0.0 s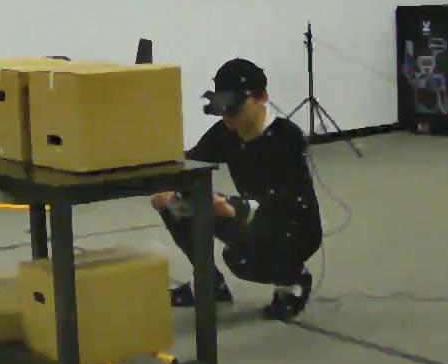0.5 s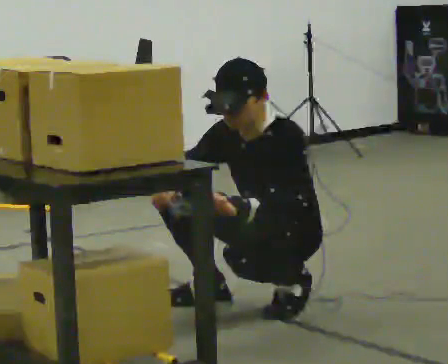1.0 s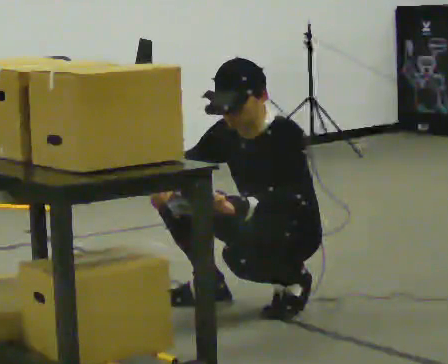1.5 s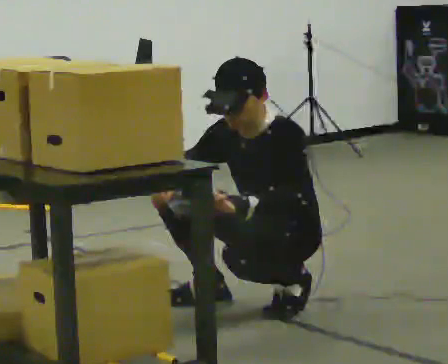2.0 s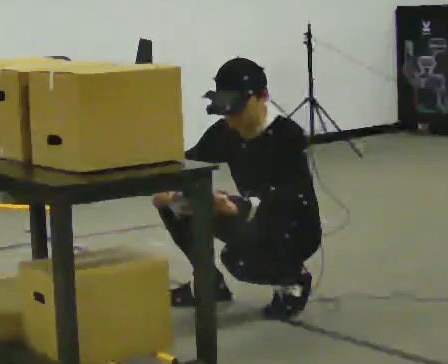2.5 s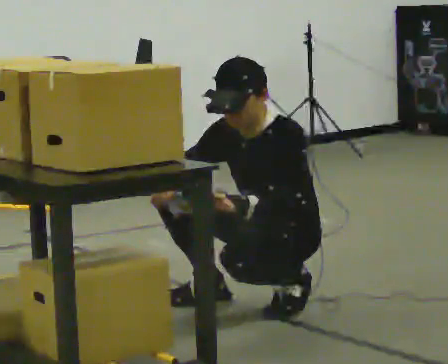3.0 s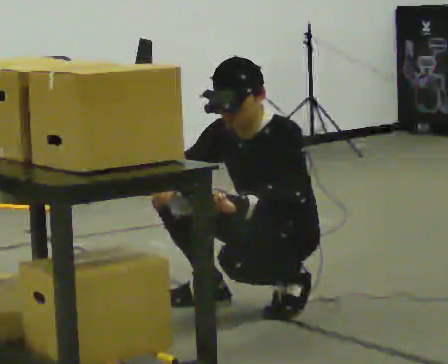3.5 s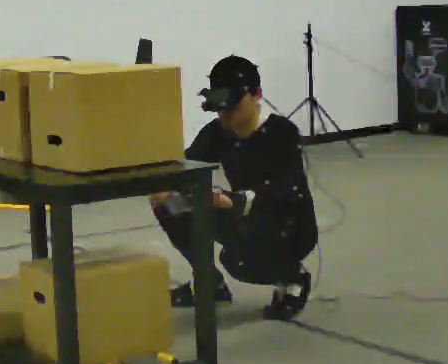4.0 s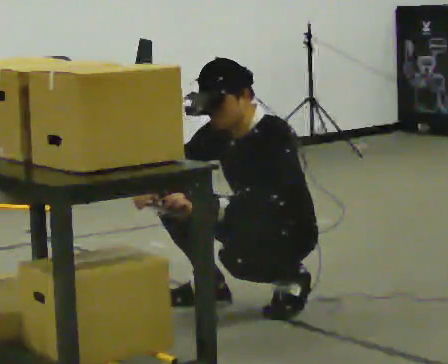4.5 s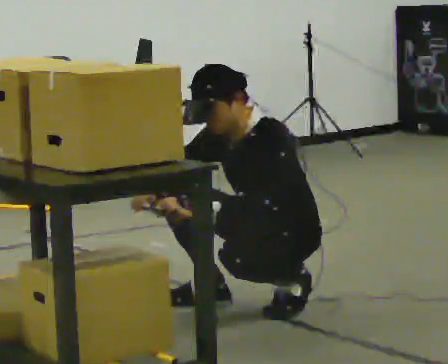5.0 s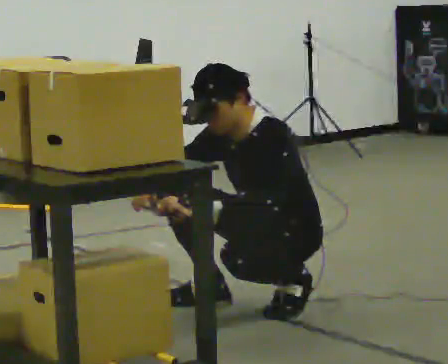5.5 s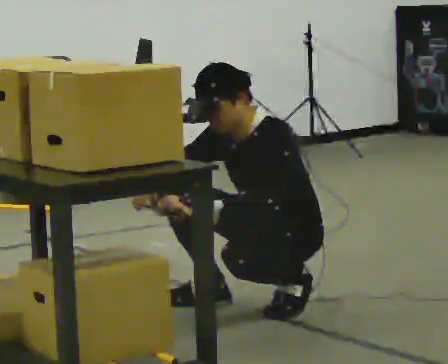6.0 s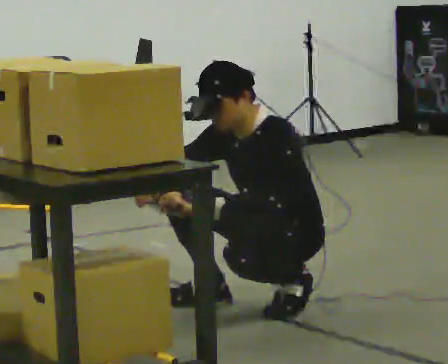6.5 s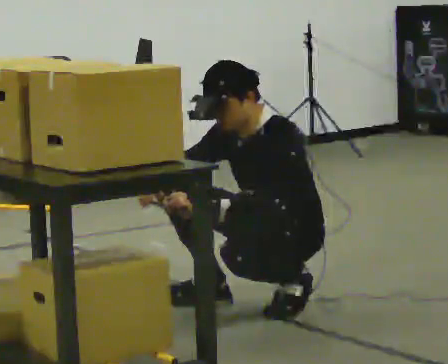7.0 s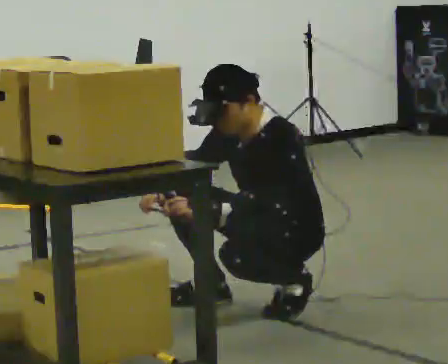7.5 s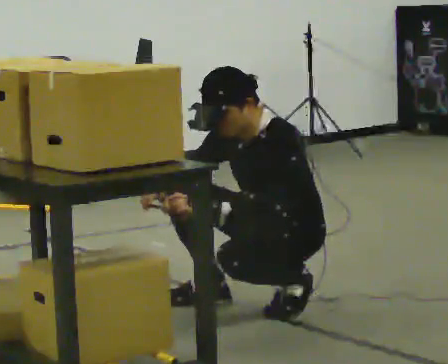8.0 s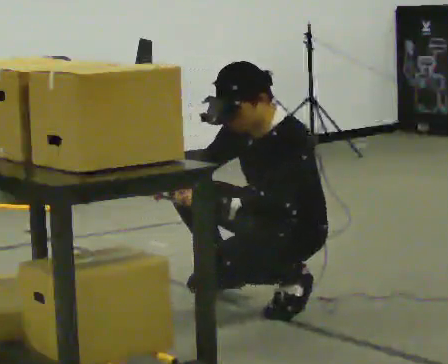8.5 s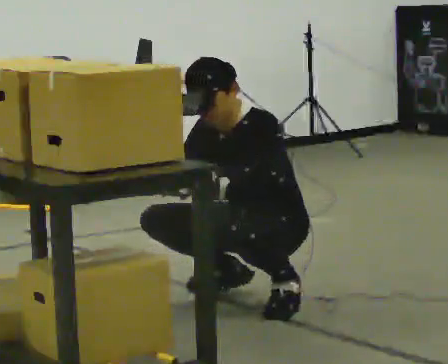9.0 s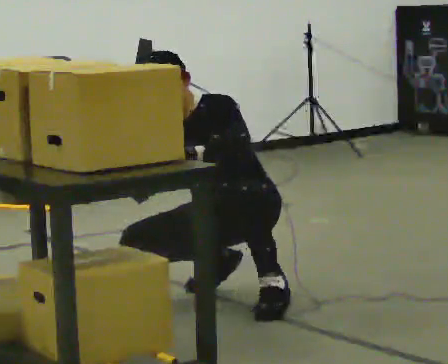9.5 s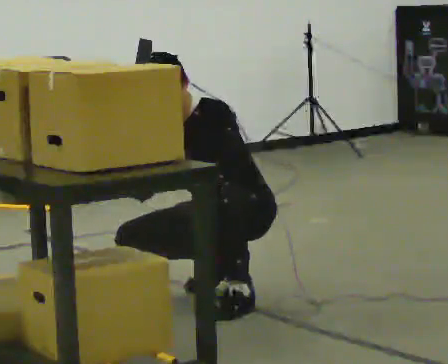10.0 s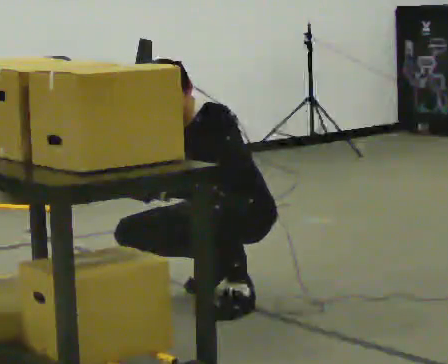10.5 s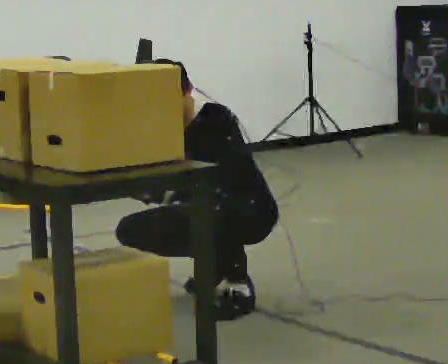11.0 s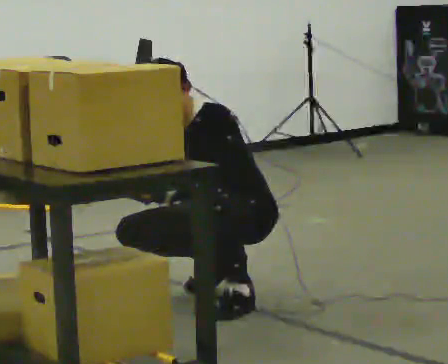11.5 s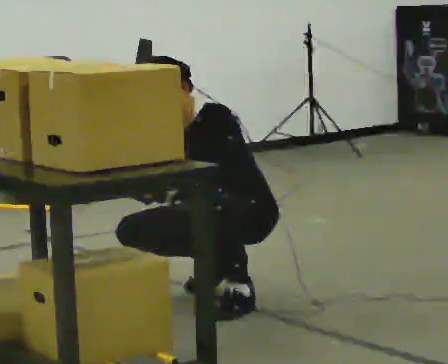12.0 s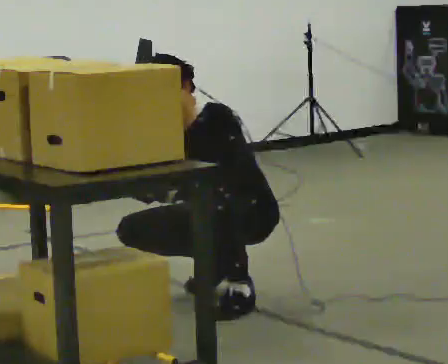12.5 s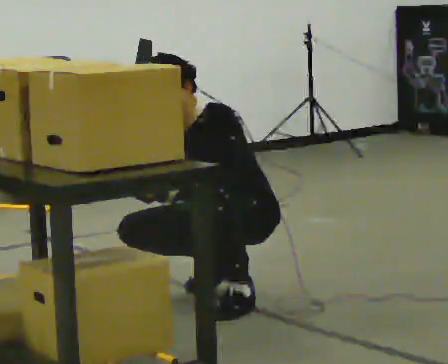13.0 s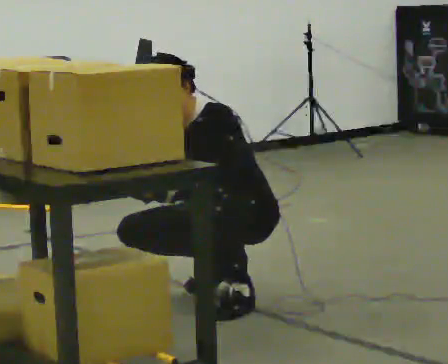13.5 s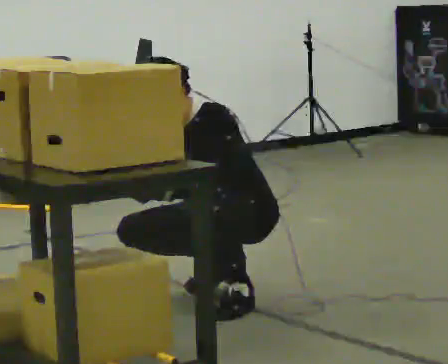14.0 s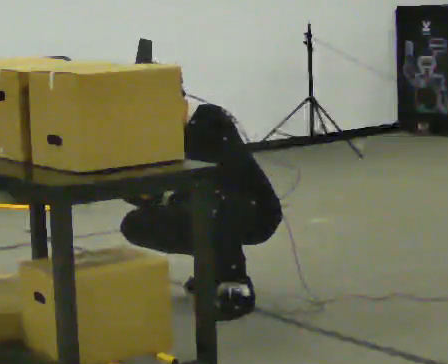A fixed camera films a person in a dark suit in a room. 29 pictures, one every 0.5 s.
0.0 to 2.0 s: The person keeps their place and pose.
2.0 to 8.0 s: The person moves a little, or ends about where they began.
8.0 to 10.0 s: In the picture they go to the left and away from the camera, about 0.25 m in 1 step, which for them is to their right.
10.0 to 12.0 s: The person moves a little, or ends about where they began.
12.0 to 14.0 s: The person keeps their place and pose.
The film runs backward here.
